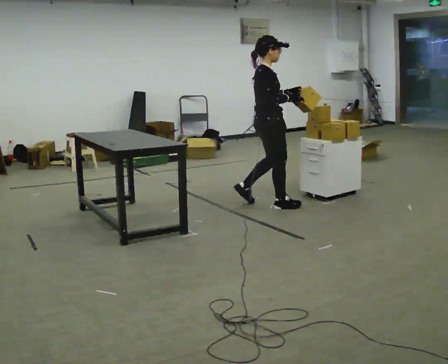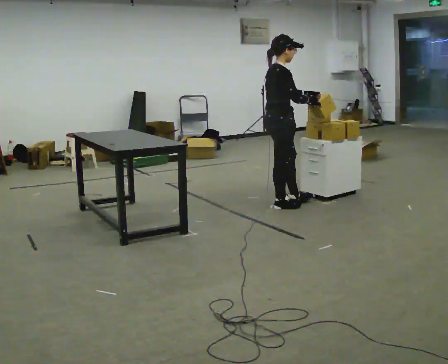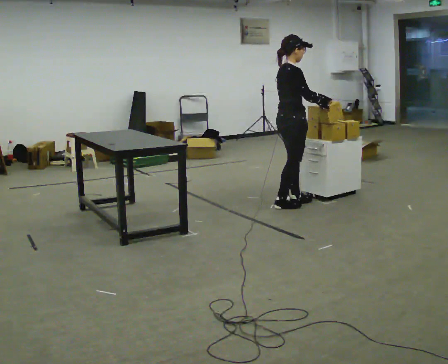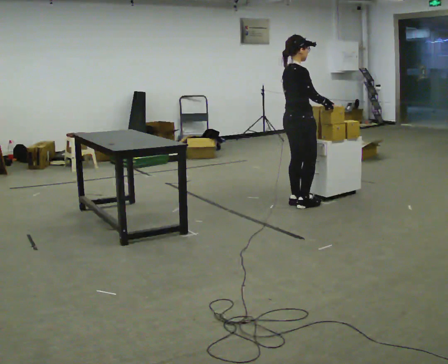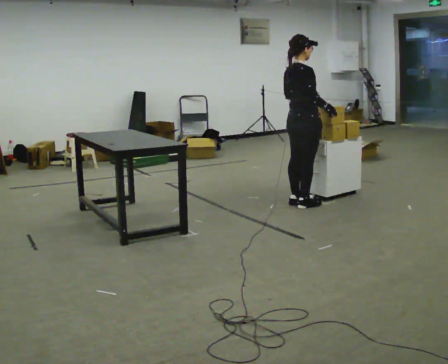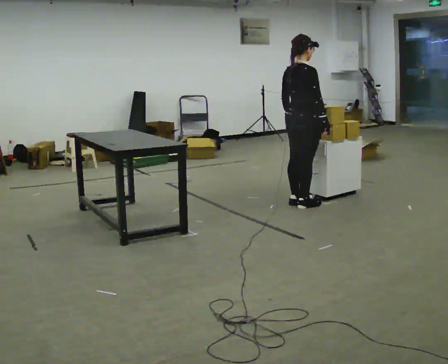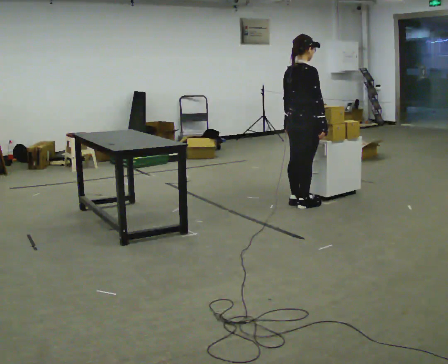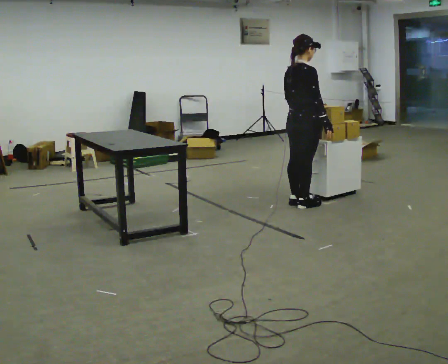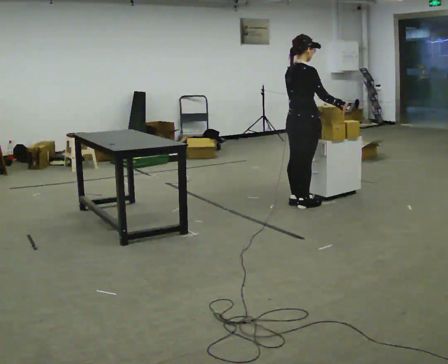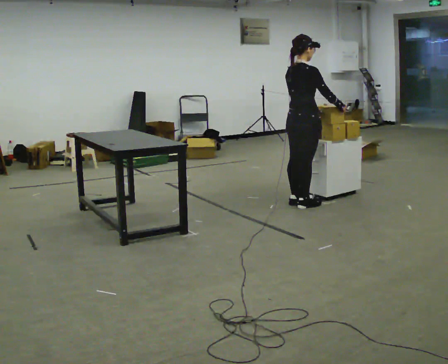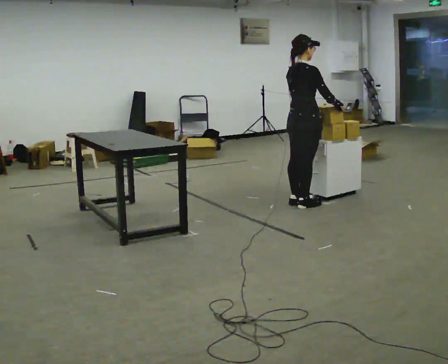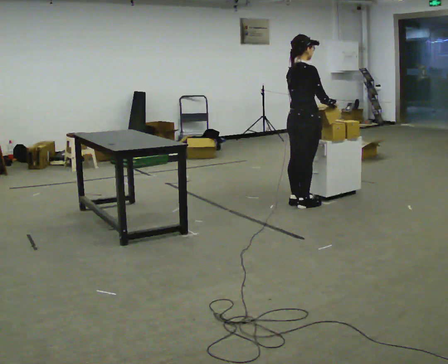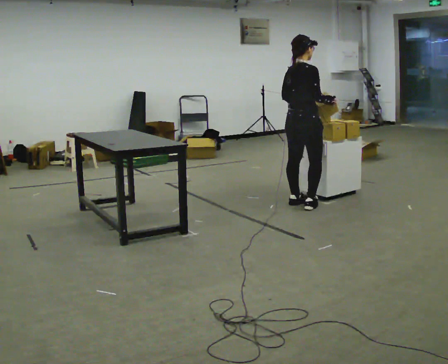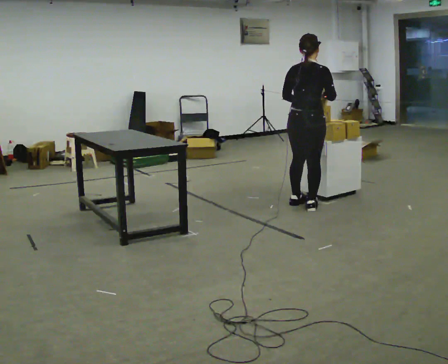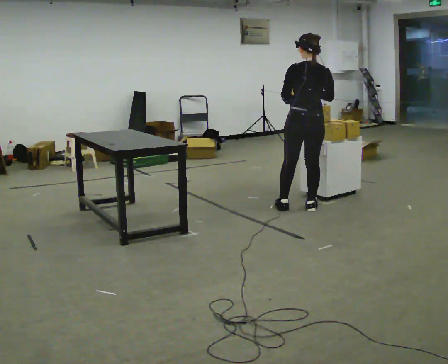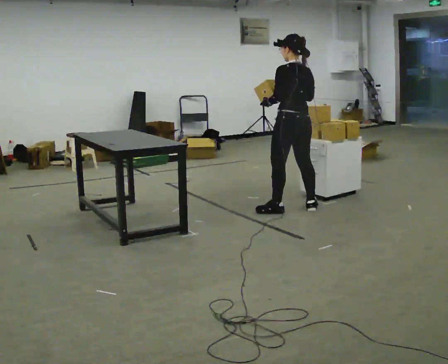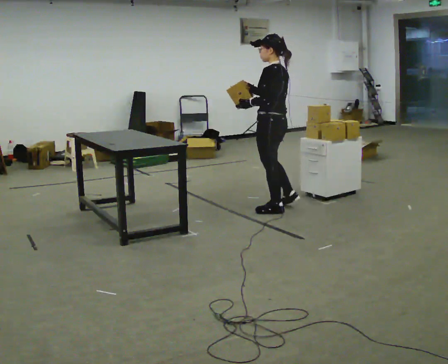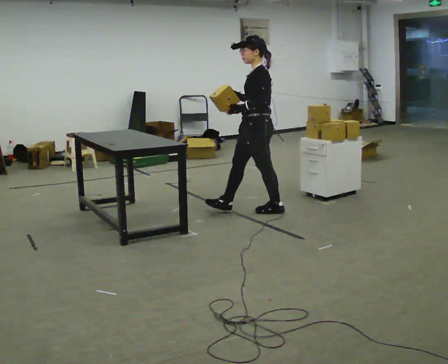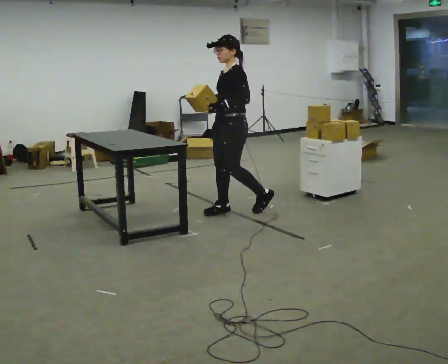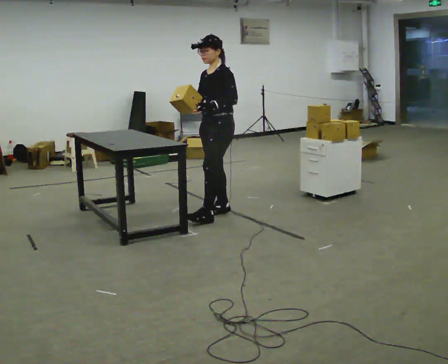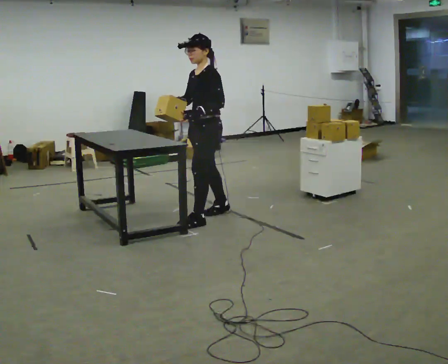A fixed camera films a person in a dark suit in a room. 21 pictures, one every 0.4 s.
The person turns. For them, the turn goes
to their left.
The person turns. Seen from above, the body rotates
counterclockwise.
0.0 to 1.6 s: In the picture they go to the right, about 0.25 m in 2 steps, which for them is forward.
1.6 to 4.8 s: The person moves a little, or ends about where they began.
4.8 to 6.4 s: Seen from above the body turns counterclockwise, about 120 degrees: to their left, with its near side sliding to the right. In the picture they go to the left and toward the camera, about 0.25 m in 1 step.
6.4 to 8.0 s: The person turns about 45 degrees to their left, counterclockwise seen from above, so the part of the body nearest the lens slides to the right. In the picture they go to the left, about 0.5 m in 2 steps, which for them is forward.
The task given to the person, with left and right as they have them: Move objects one at a time from the waist-height shelf on your left to the one on your right. Repeat at your own pace until the operator says stop. Keep both feet on the marked spots for the whole take. If you have to step, stop and tell the operator.
The film runs forward here.
